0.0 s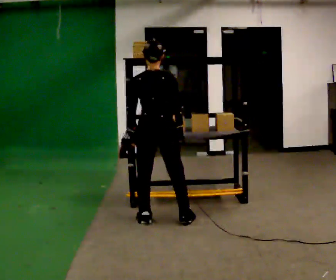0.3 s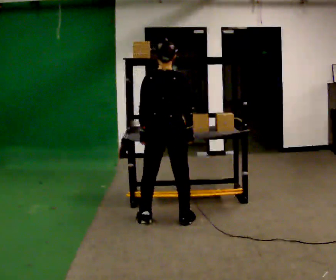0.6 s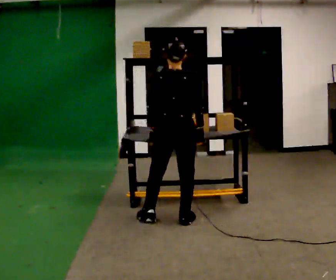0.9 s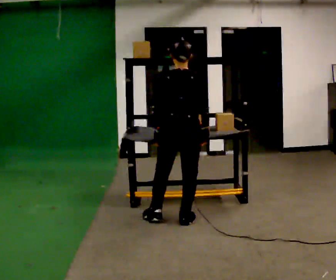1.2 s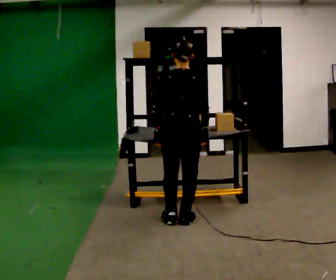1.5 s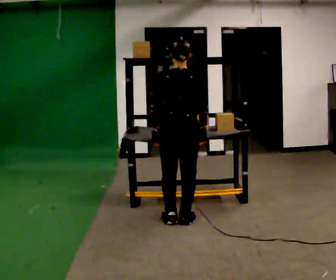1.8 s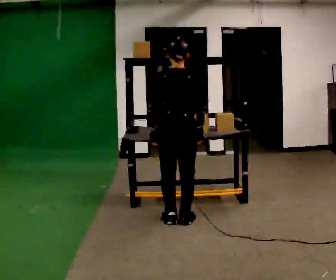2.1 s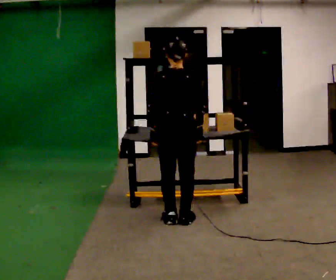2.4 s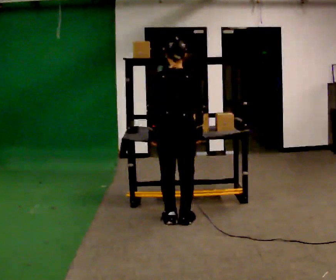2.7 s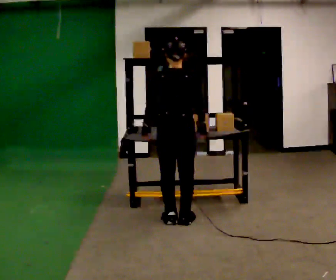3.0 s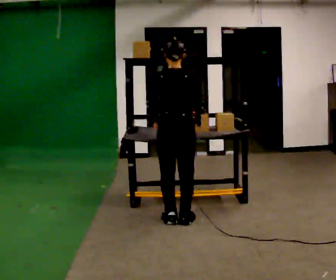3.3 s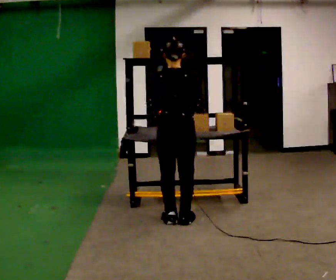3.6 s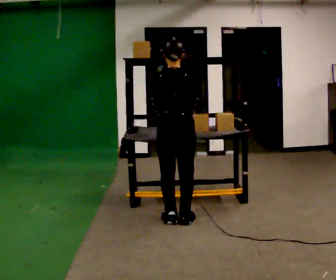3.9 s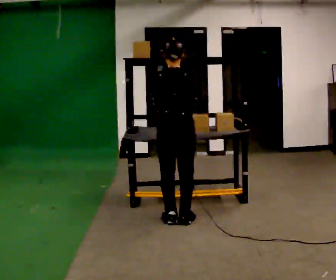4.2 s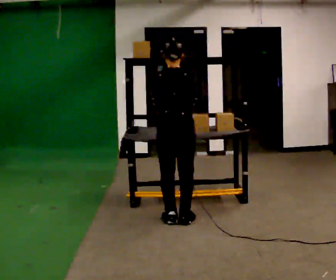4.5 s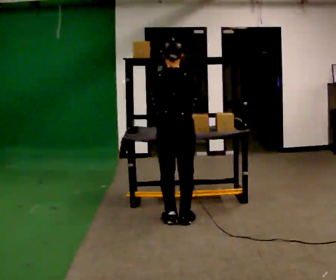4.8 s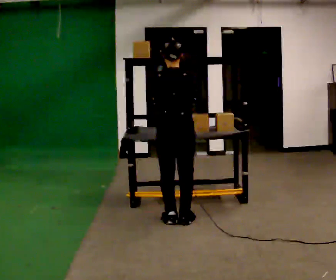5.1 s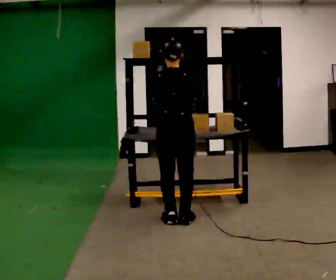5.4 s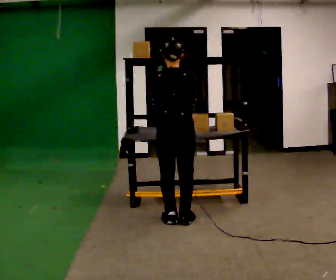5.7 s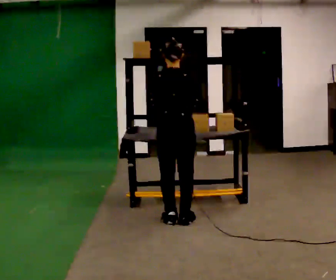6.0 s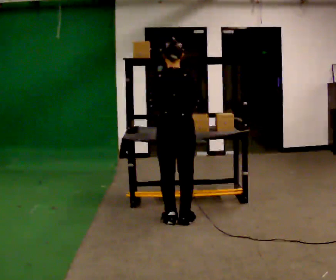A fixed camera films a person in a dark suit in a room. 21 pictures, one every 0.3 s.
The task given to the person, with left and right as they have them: Take an object from the waist-height shelf, carry it across the room, and place it on the highest shelf you can comfortably reach. Keep going until the operator says stop; one object at a time, and do not rush between trips.
0.0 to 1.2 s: In the picture they go to the right, about 0.25 m in 1 step, which for them is to their right.
1.2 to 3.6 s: The person moves a little, or ends about where they began.
3.6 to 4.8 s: The person keeps their place and pose.
4.8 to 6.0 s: The person moves a little, or ends about where they began.
The film runs forward here.
